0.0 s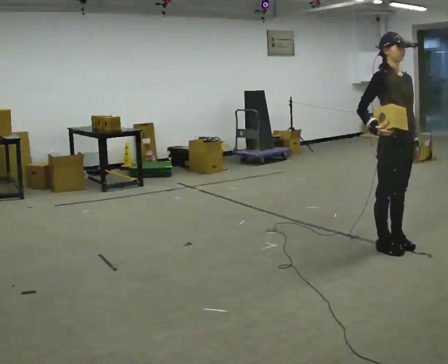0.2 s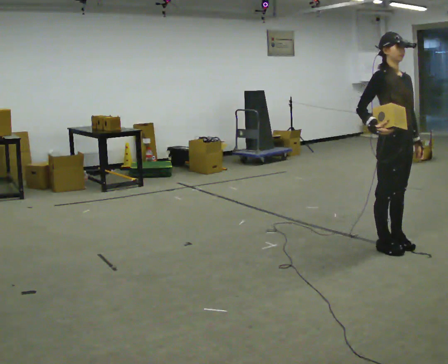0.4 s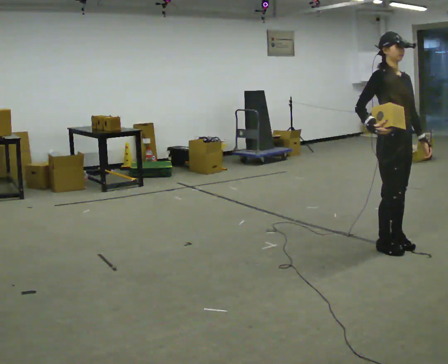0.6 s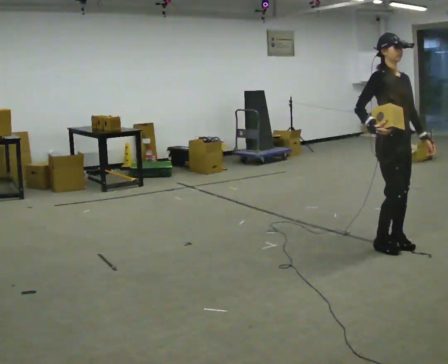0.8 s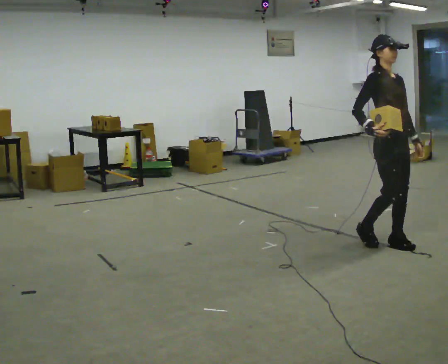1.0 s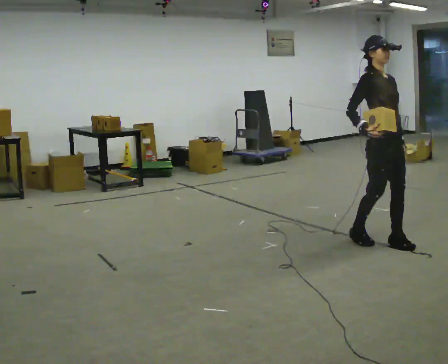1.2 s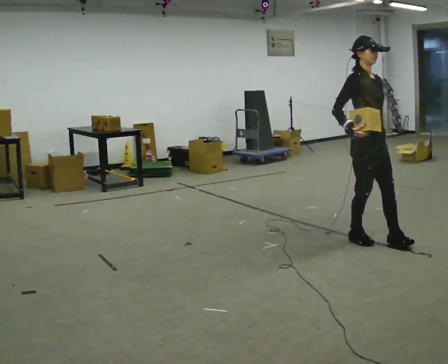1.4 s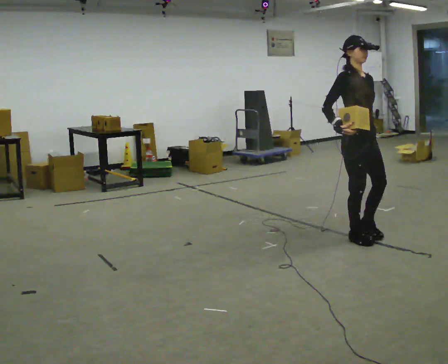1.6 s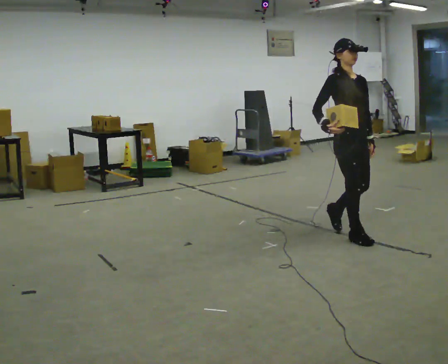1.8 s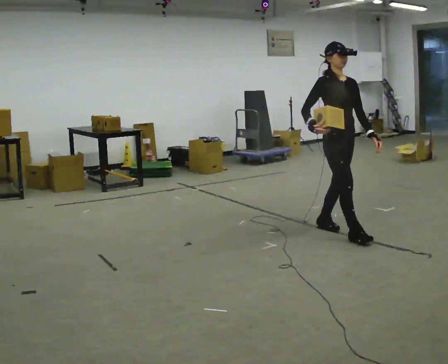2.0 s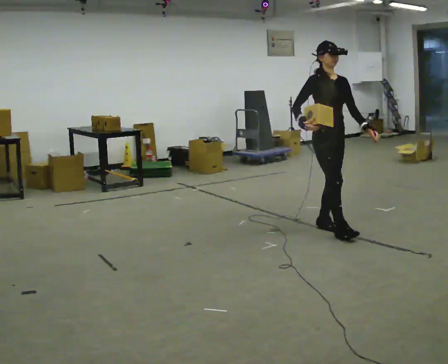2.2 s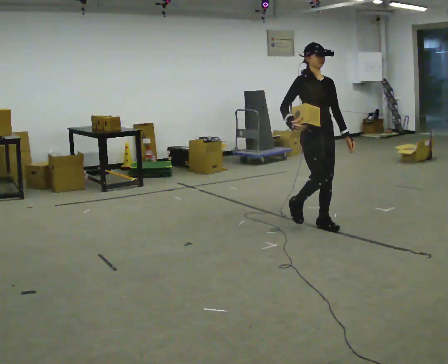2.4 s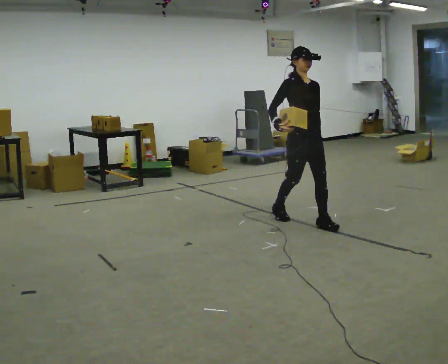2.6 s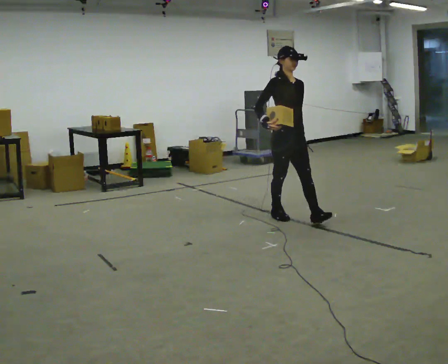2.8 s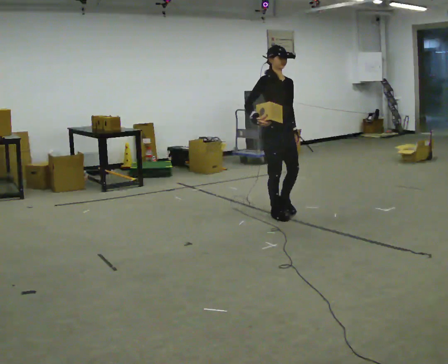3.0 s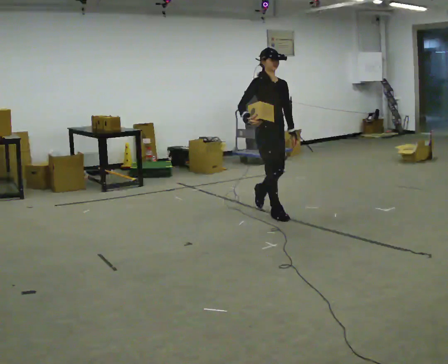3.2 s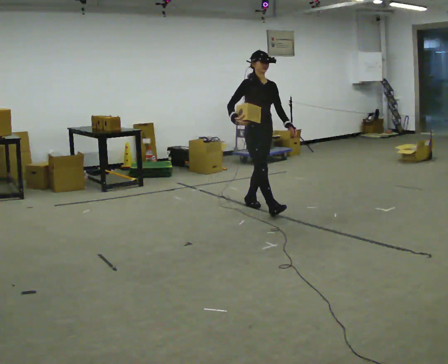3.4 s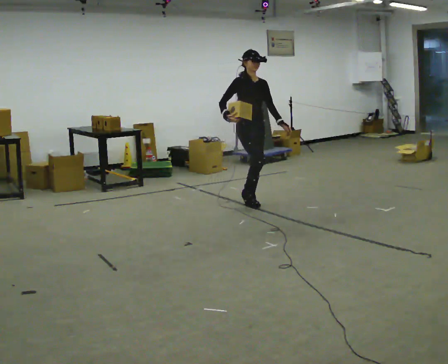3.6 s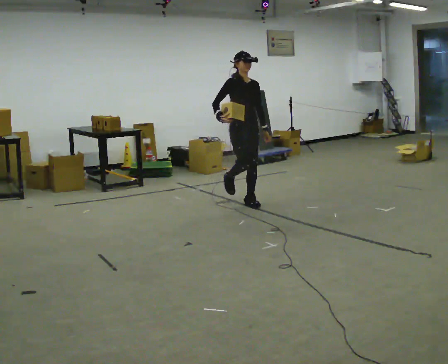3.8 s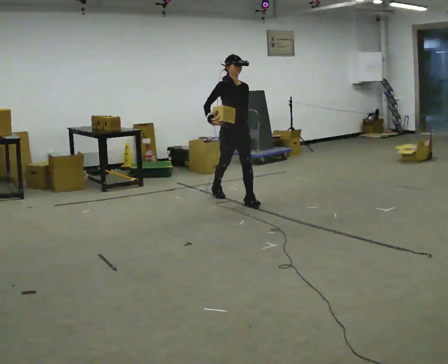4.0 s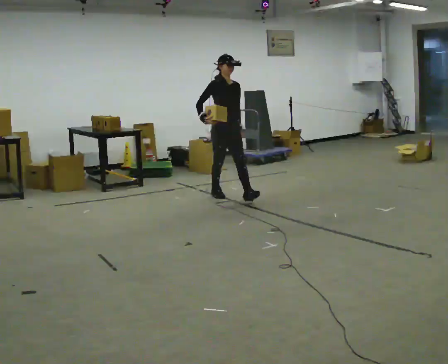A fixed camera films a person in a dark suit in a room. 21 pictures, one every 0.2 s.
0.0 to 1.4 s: In the picture they go away from the camera and to the left, about 0.25 m in 2 steps, which for them is backward.
1.4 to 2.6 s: In the picture they go away from the camera and to the left, about 1 m in 2 steps, which for them is backward.
2.6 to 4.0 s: In the picture they go away from the camera and to the left, about 1 m in 2 steps, which for them is backward.
The film runs backward here.
